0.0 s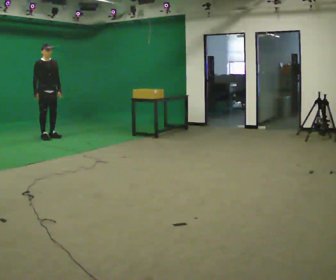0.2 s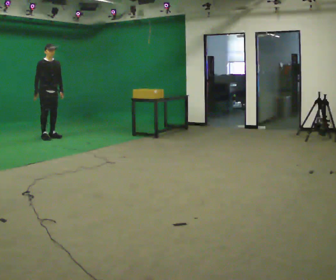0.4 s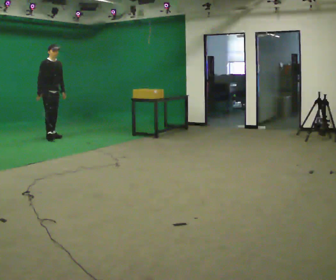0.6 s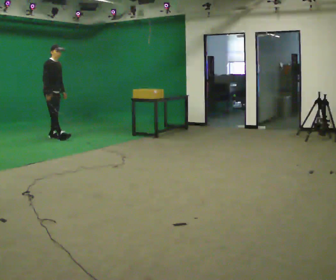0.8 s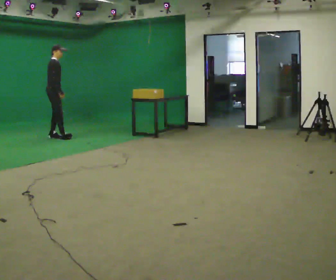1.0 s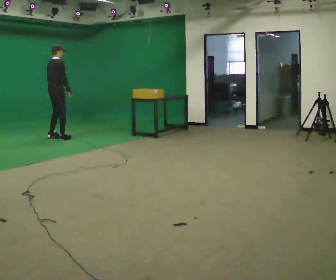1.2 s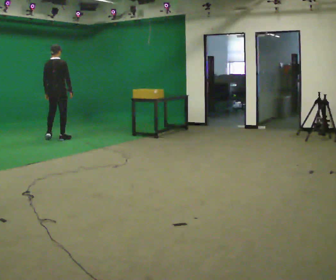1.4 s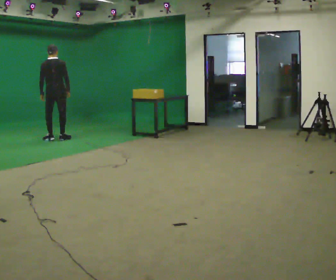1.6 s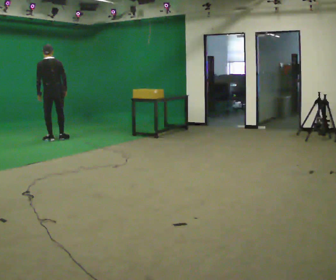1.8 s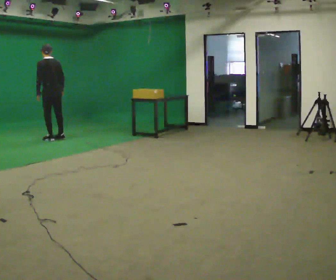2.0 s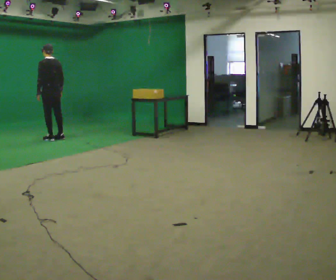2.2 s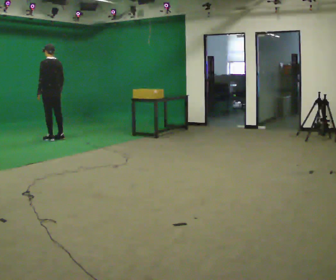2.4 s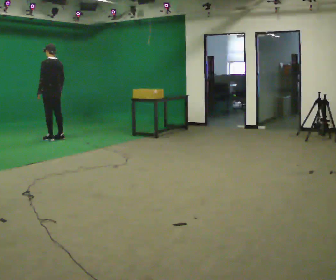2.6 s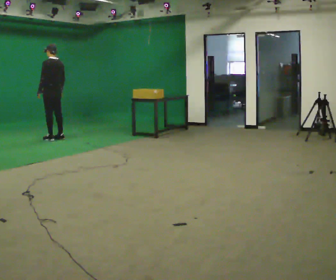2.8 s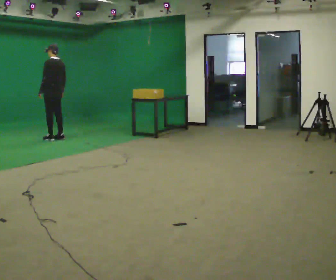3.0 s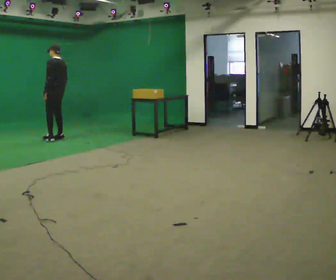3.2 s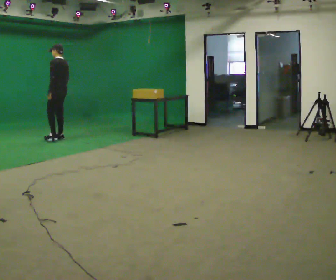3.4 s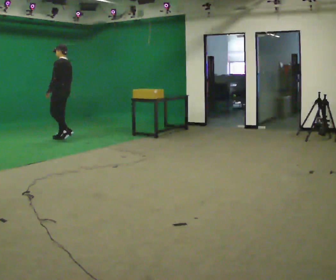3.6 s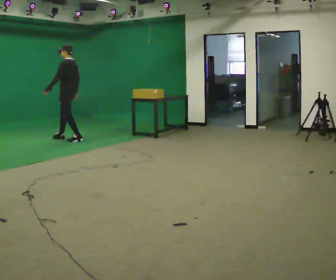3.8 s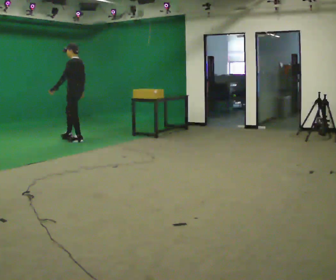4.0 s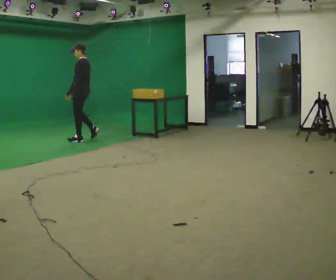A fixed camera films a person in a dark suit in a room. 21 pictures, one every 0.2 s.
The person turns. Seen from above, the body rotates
counterclockwise.
The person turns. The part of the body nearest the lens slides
to the right.
0.0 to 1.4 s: Seen from above the body turns counterclockwise, about 135 degrees: to their left, with its near side sliding to the right. In the picture they go to the right, about 0.25 m in 2 steps.
1.4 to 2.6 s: The person turns about 60 degrees to their left, counterclockwise seen from above, so the part of the body nearest the lens slides to the right.
2.6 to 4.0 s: The person turns about 30 degrees to their left, counterclockwise seen from above, so the part of the body nearest the lens slides to the right. In the picture they go to the right, about 0.5 m in 2 steps, which for them is backward.
The film runs backward here.
